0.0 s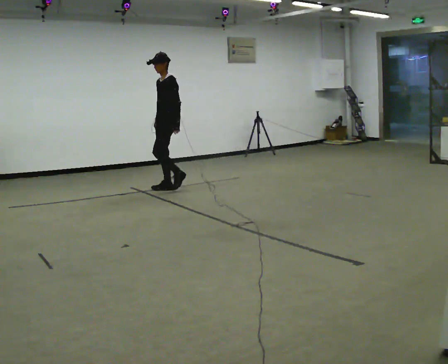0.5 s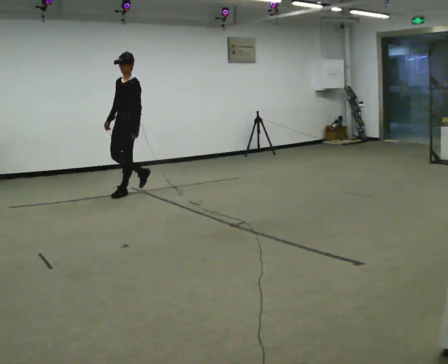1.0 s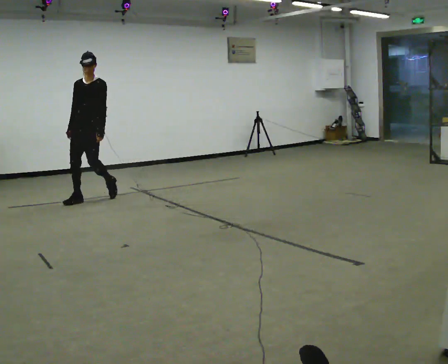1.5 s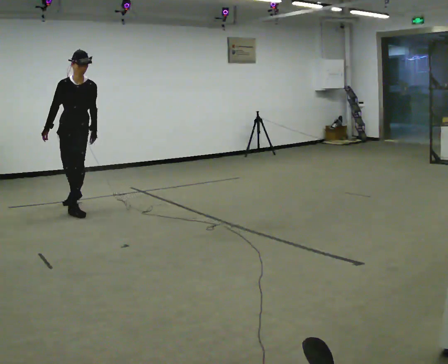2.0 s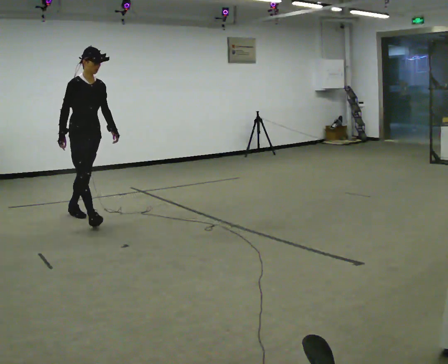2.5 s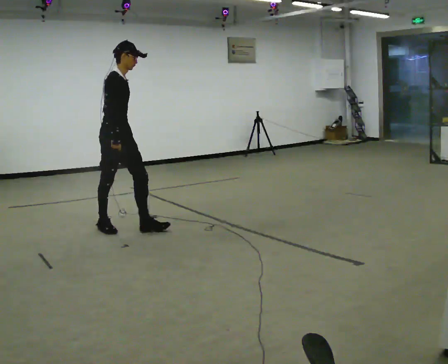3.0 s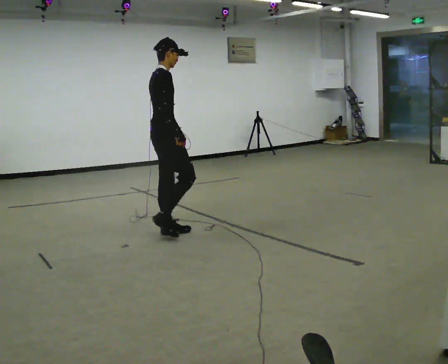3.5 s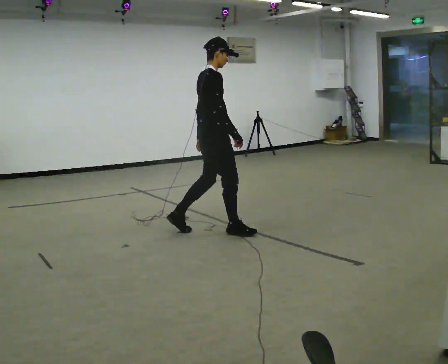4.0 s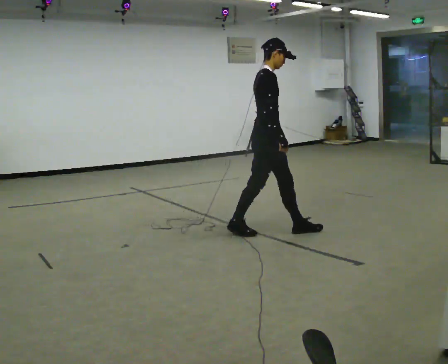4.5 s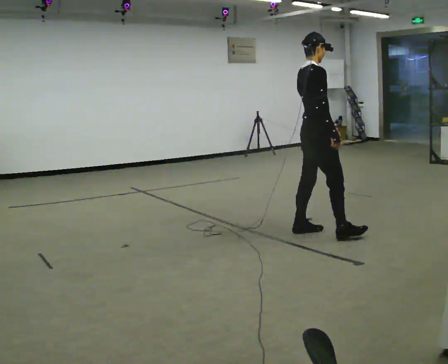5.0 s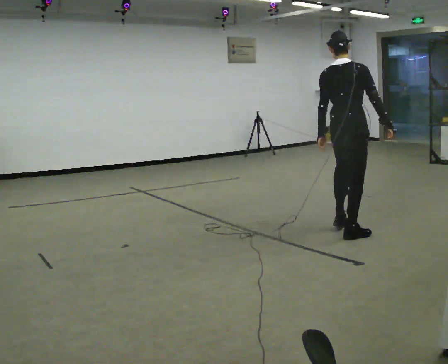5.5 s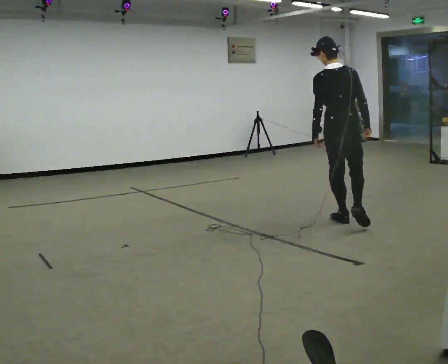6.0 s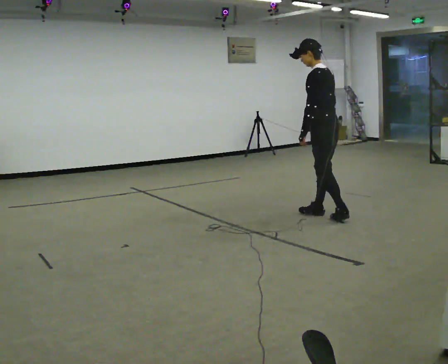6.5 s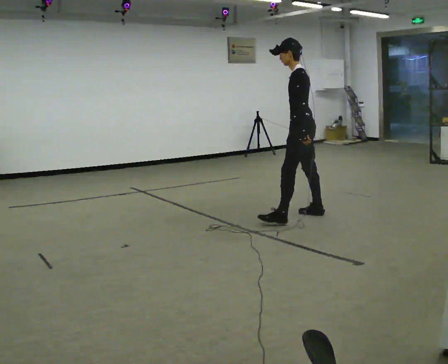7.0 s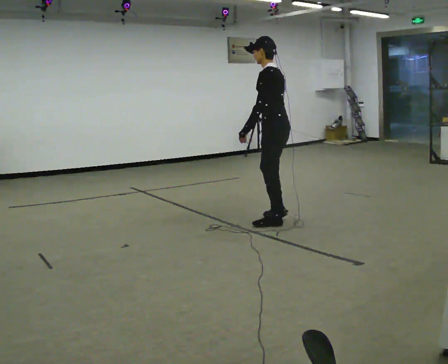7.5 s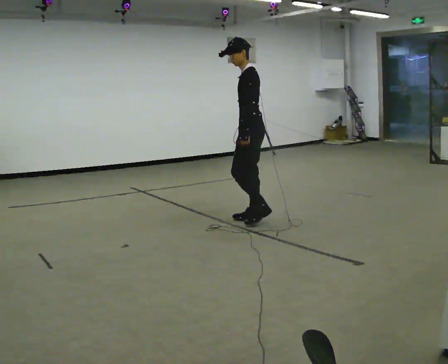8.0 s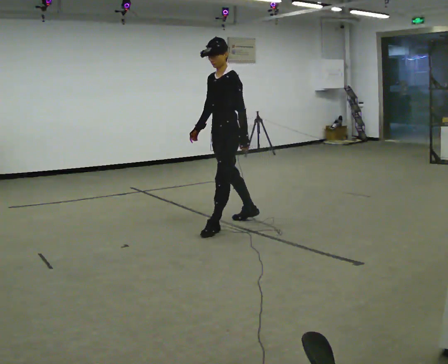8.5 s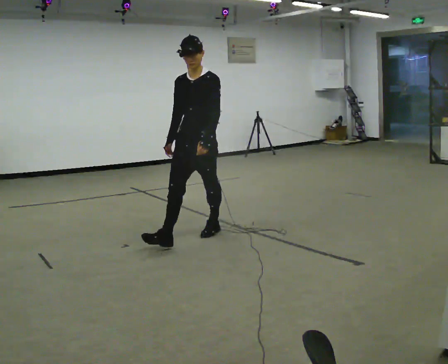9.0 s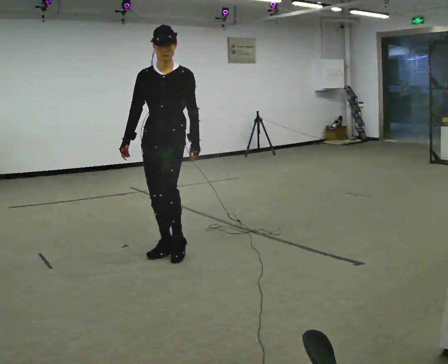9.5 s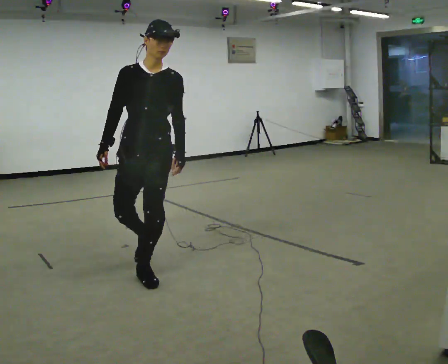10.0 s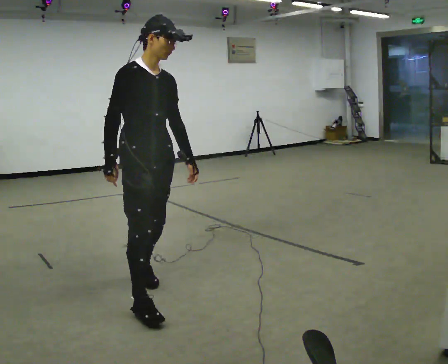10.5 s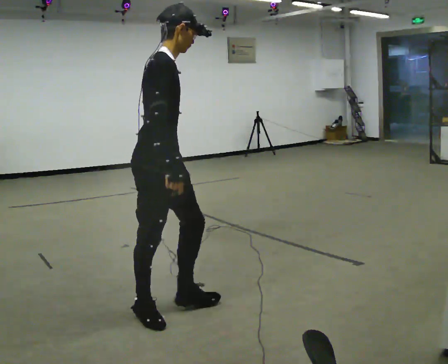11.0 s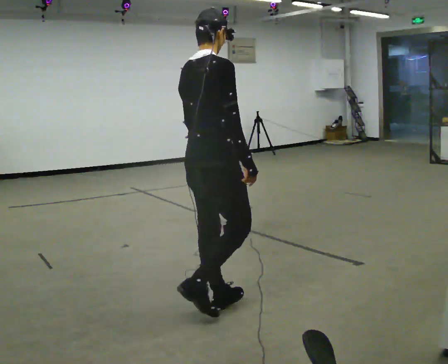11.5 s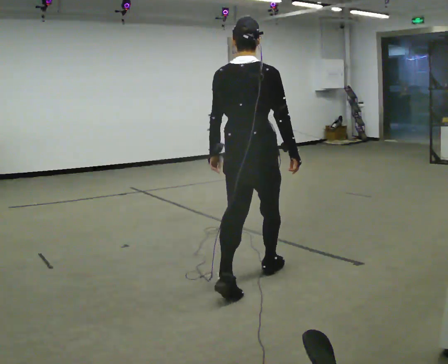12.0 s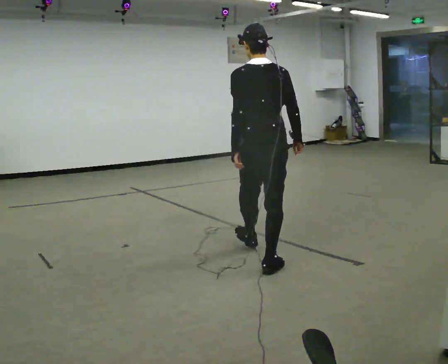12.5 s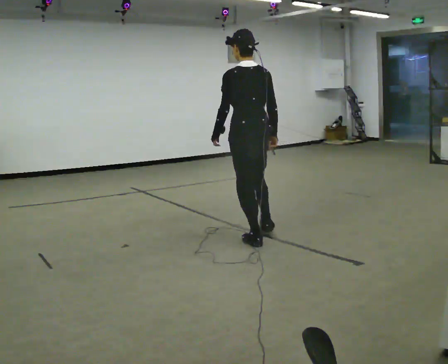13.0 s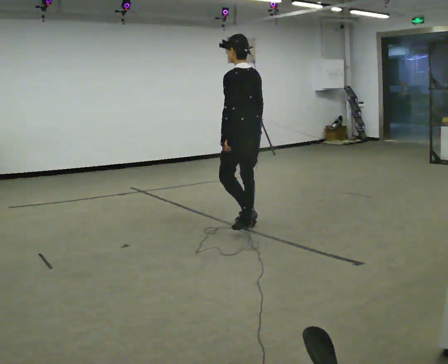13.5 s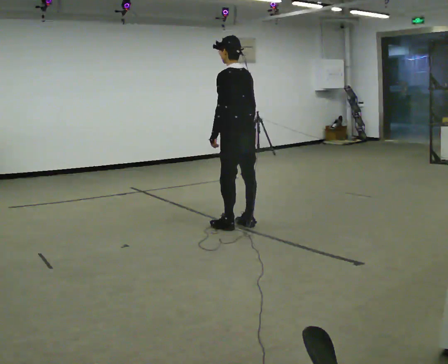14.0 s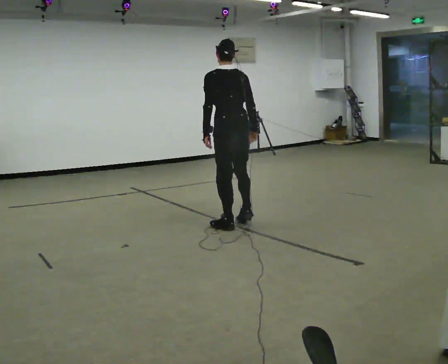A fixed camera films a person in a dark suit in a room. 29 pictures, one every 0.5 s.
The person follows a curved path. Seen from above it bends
counterclockwise.
The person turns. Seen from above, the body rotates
counterclockwise.
0.0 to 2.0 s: The part of the body nearest the lens slides to the right as the person turns to their left by about 105 degrees. In the picture they go toward the camera, about 1.5 m in 3 steps.
2.0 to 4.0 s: The person turns about 30 degrees to their left, counterclockwise seen from above, so the part of the body nearest the lens slides to the right. In the picture they go to the right, about 2 m in 4 steps.
4.0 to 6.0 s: Seen from above the body turns counterclockwise, about 150 degrees: to their left, with its near side sliding to the right. In the picture they go away from the camera and to the right, about 1 m in 3 steps.
6.0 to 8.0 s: The part of the body nearest the lens slides to the right as the person turns to their left by about 60 degrees. In the picture they go to the left, about 1 m in 3 steps.
8.0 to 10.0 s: Seen from above the body turns counterclockwise, about 105 degrees: to their left, with its near side sliding to the right. In the picture they go toward the camera, about 1.5 m in 3 steps.
10.0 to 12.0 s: The part of the body nearest the lens slides to the right as the person turns to their left by about 135 degrees. In the picture they go to the right and away from the camera, about 1 m in 2 steps.
12.0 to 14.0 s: In the picture they go away from the camera, about 1 m in 3 steps, which for them is forward and to their right.
The film runs forward here.
